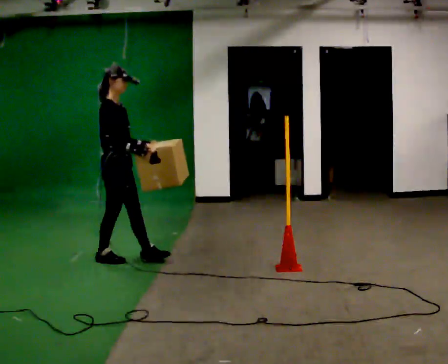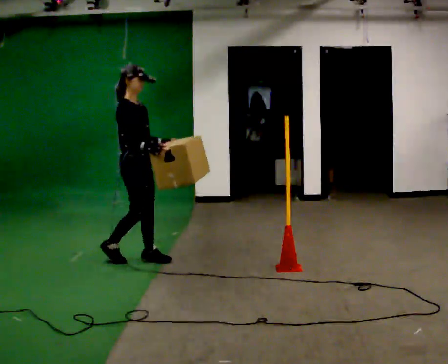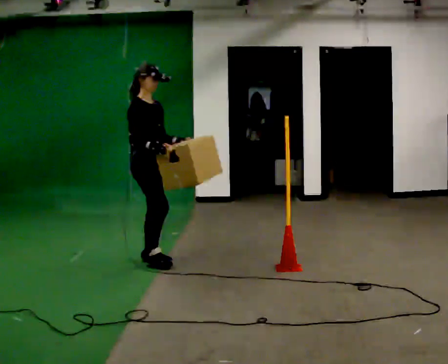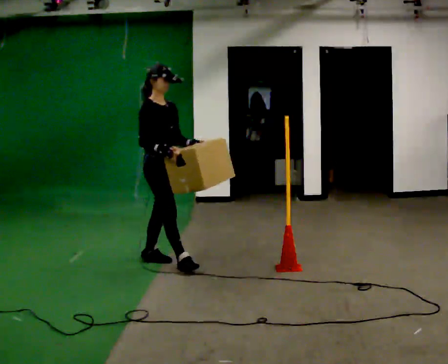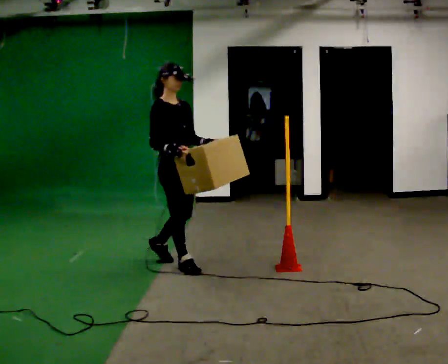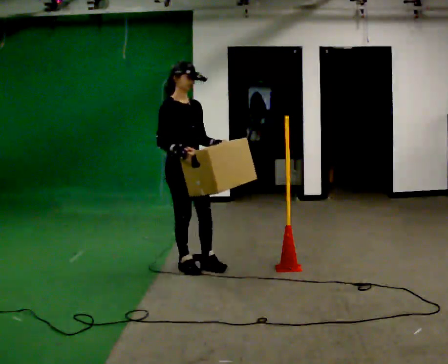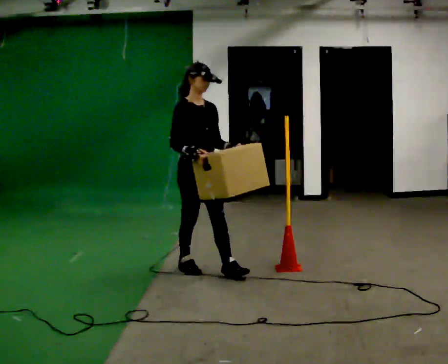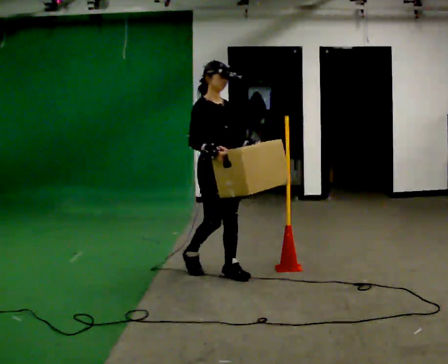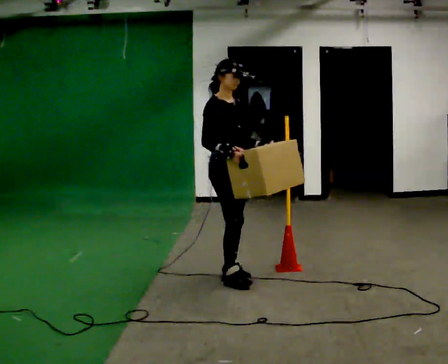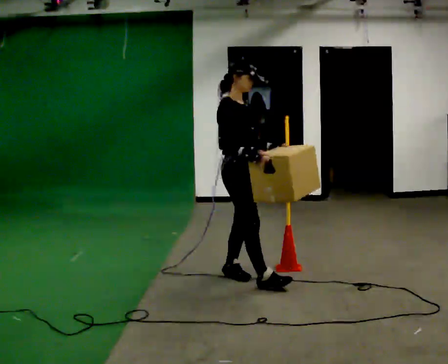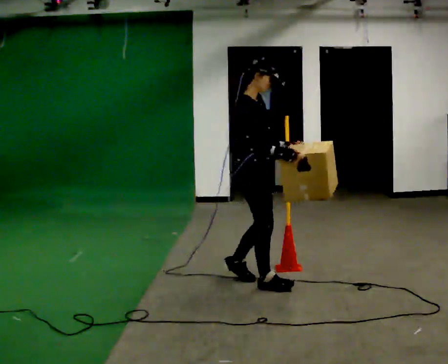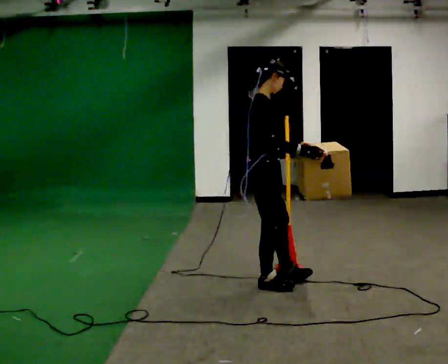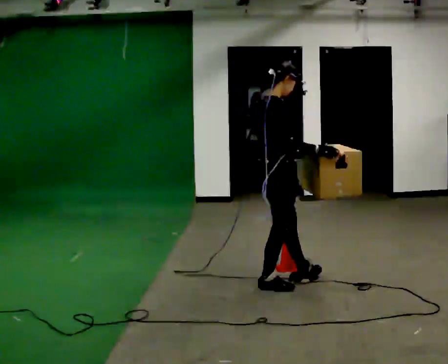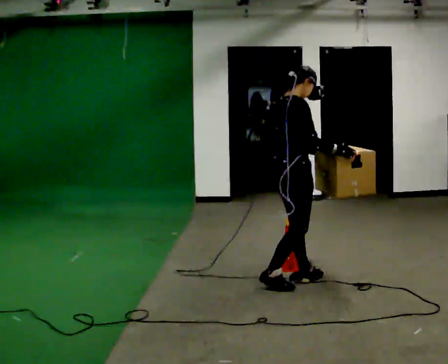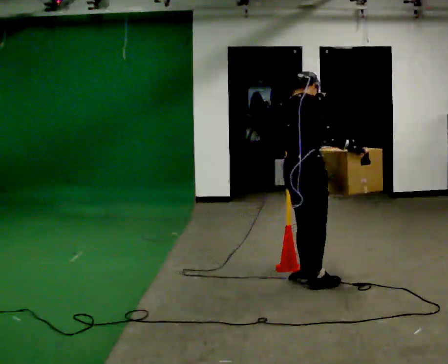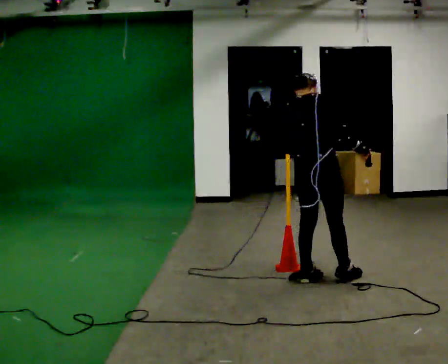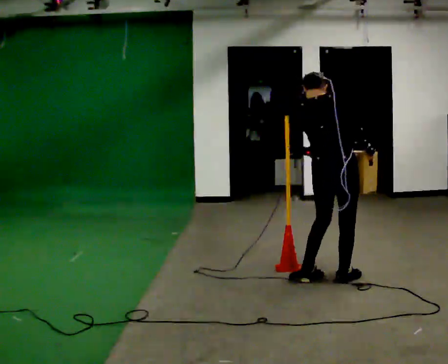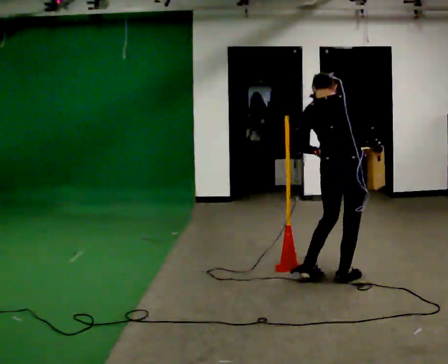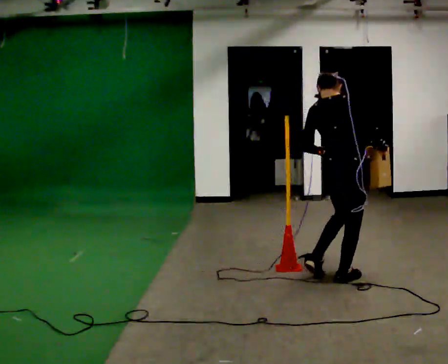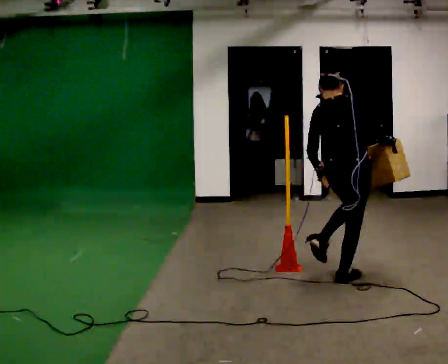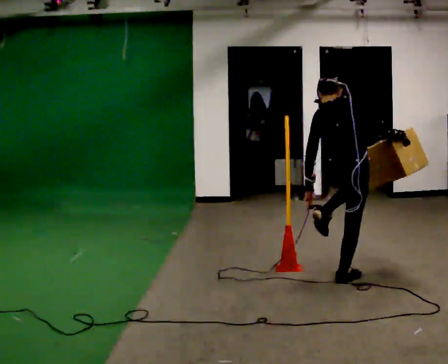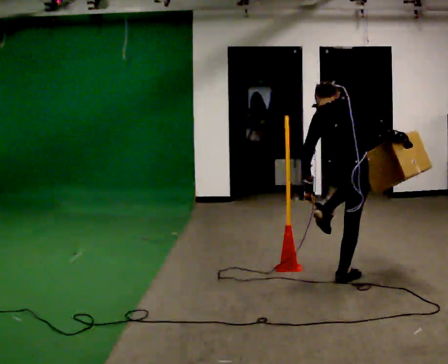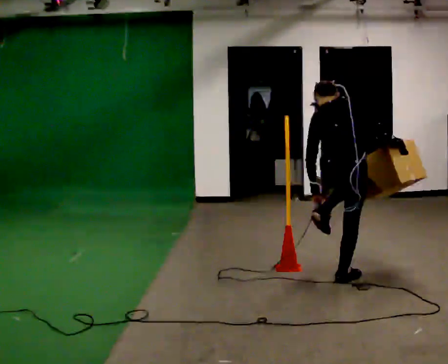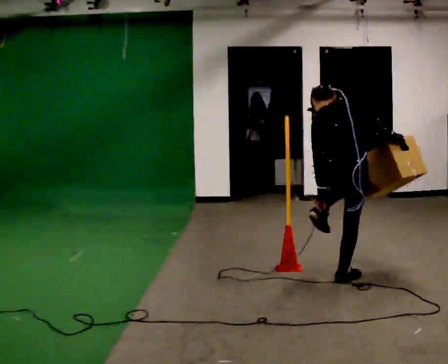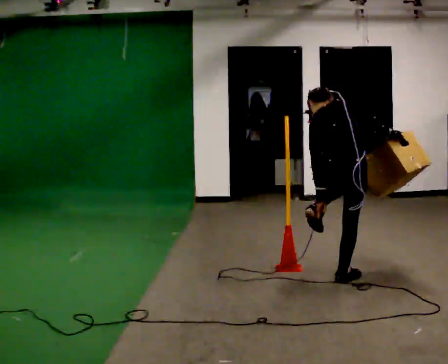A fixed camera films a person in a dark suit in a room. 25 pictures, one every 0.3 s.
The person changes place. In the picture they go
to the right.
0.0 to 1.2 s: The person turns about 30 degrees to their right, clockwise seen from above, so the part of the body nearest the lens slides to the left. In the picture they go to the right, about 0.5 m in 1 step, which for them is forward.
1.2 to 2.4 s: In the picture they go to the right and toward the camera, about 0.5 m in 1 step, which for them is forward.
2.4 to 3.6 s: Seen from above the body turns counterclockwise, about 45 degrees: to their left, with its near side sliding to the right. In the picture they go to the right and toward the camera, about 0.5 m in 2 steps, which for them is forward and to their right.
3.6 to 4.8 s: The person turns about 45 degrees to their left, counterclockwise seen from above, so the part of the body nearest the lens slides to the right. In the picture they go to the right, about 0.5 m in 1 step, which for them is forward.
4.8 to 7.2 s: The upper body tips away from the camera, its near side rolling upward, as they bend forward.
The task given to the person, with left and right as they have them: Carry the box across the room. The operator will step into your path partway across, so go around them and carry on. Keep going until the operator says stop; one object at a time, and do not rush between trips.
The film runs forward here.
